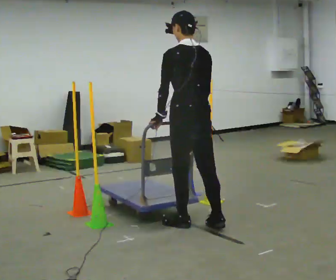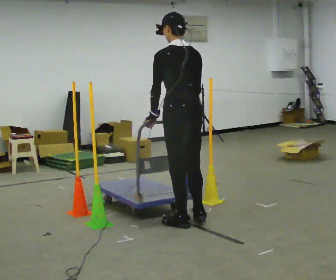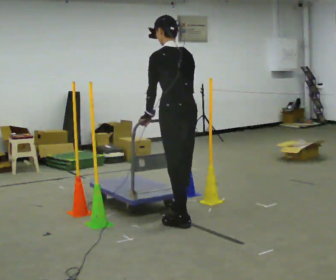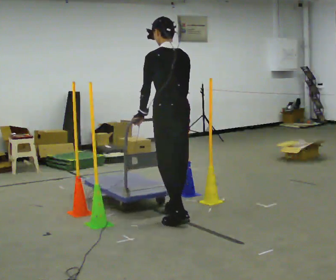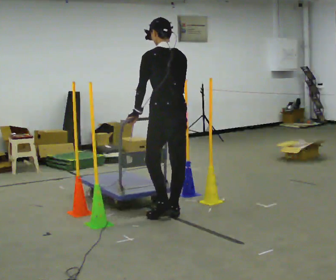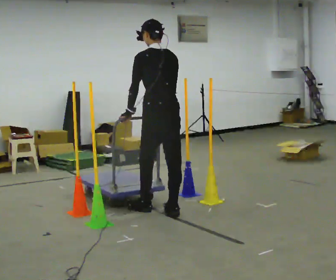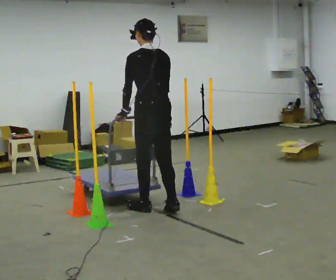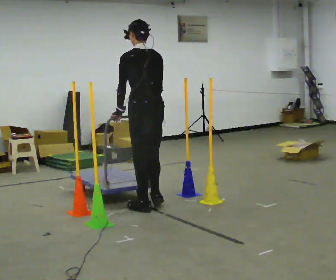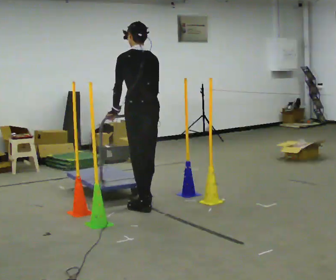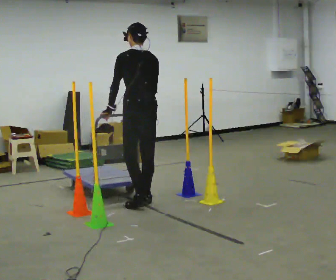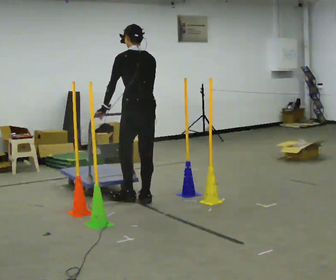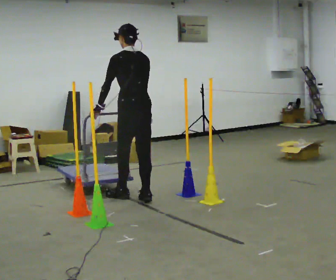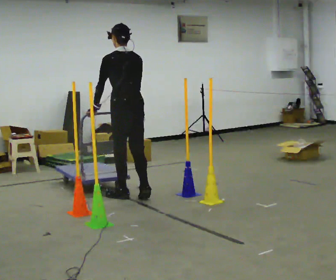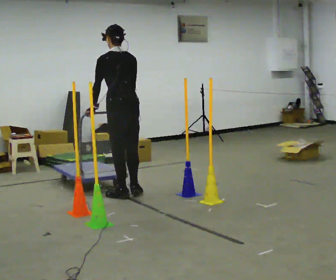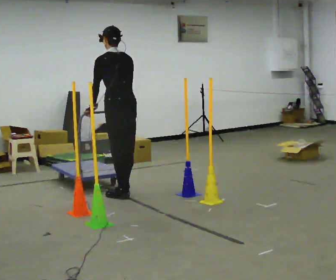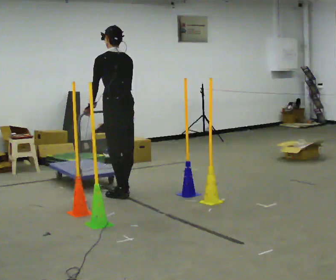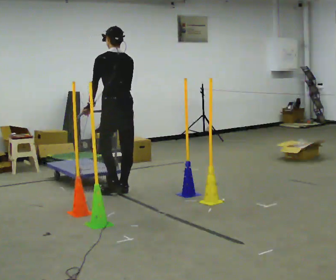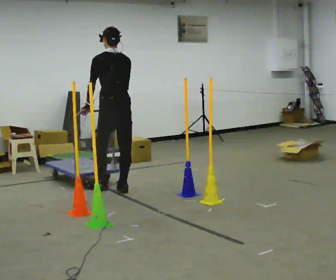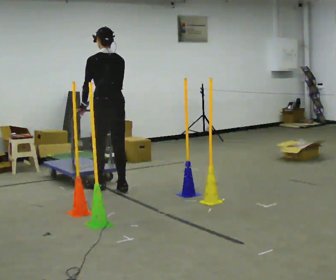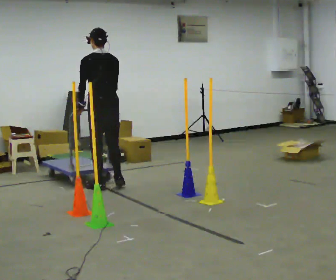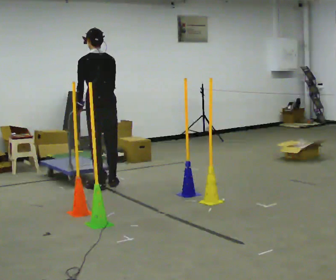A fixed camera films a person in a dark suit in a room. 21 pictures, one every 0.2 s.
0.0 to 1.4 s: In the picture they go away from the camera and to the left, about 0.75 m in 2 steps, which for them is forward.
1.4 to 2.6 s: In the picture they go away from the camera and to the left, about 0.5 m in 2 steps, which for them is forward.
2.6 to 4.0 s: In the picture they go away from the camera and to the left, about 0.5 m in 2 steps, which for them is forward.
The film runs backward here.
